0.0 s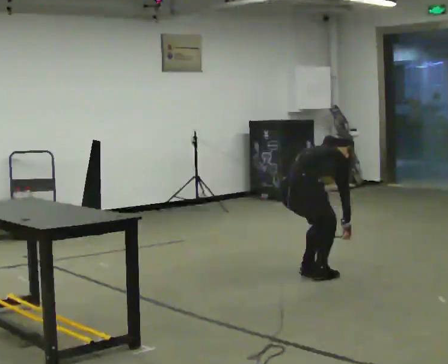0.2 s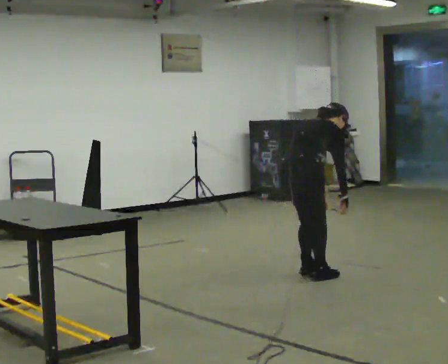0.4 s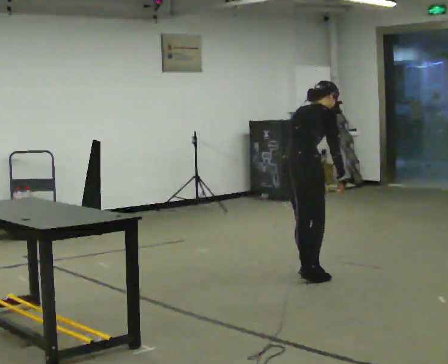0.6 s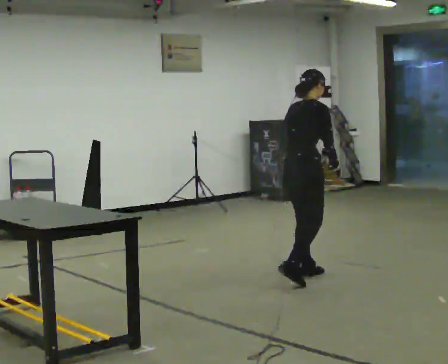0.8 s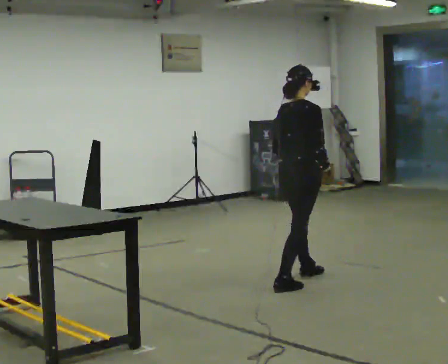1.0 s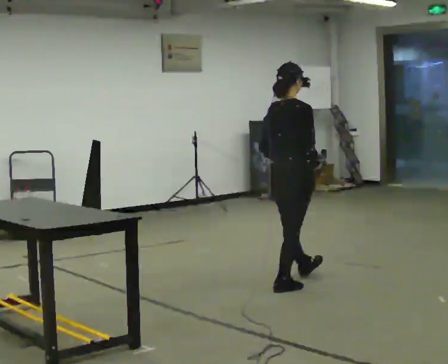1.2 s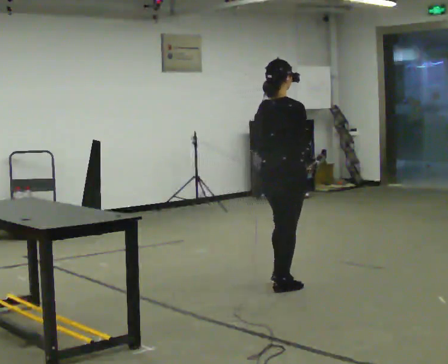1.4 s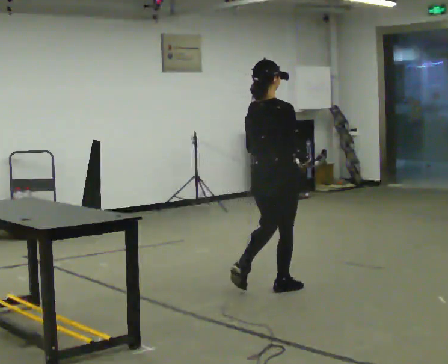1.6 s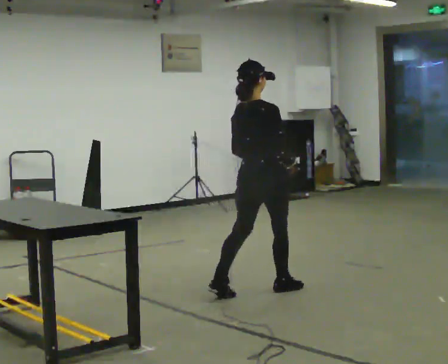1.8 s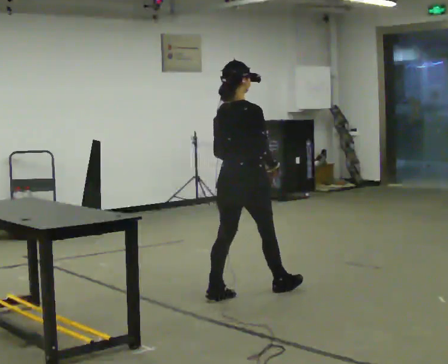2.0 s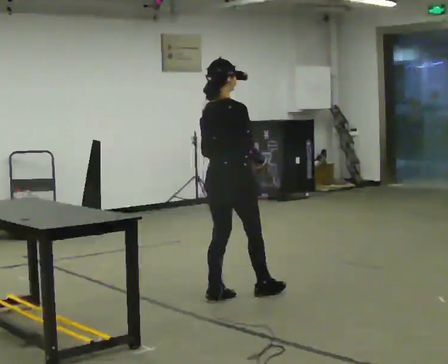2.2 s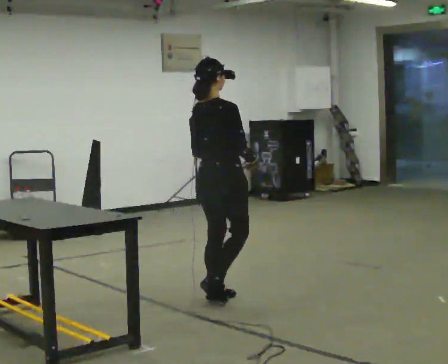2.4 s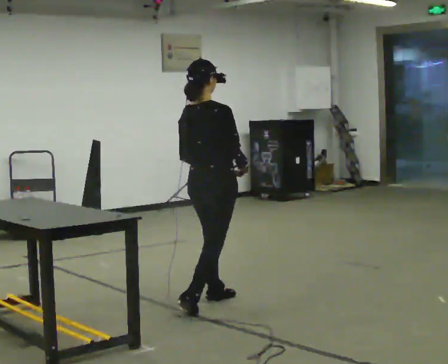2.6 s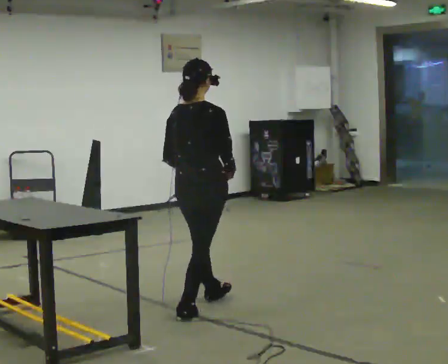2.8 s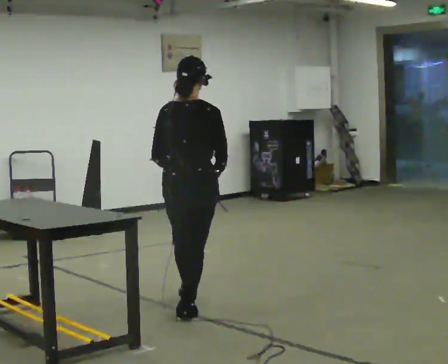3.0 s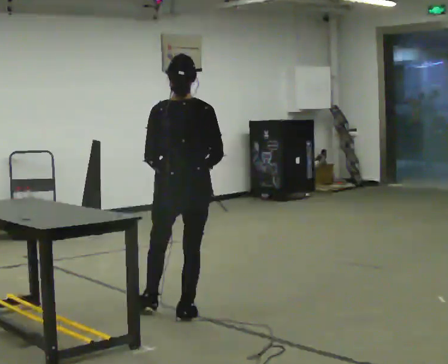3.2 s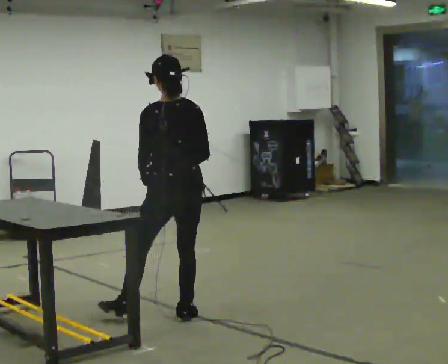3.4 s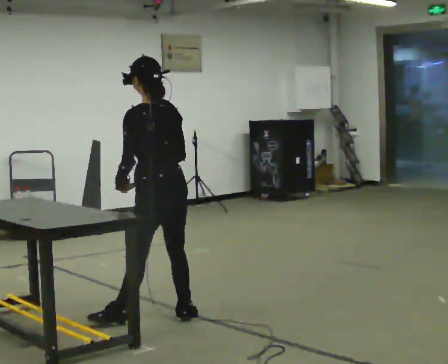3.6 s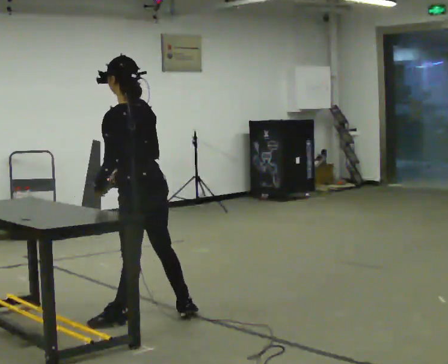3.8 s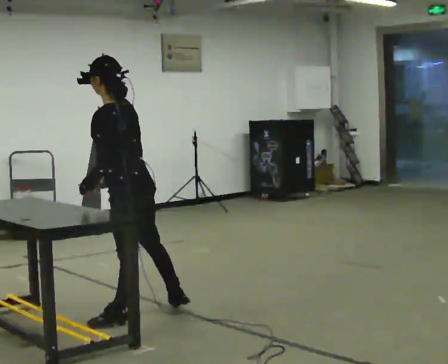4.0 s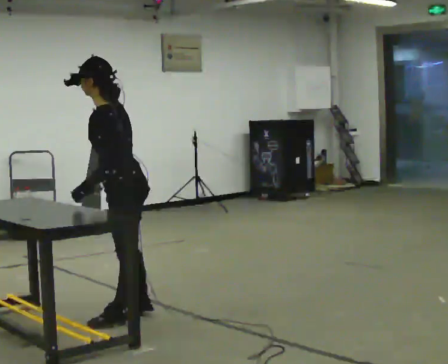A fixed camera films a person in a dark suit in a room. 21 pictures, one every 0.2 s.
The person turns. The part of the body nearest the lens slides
to the right.
The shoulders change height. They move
upward.
0.0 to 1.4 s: In the picture they go toward the camera and to the left, about 0.25 m in 2 steps, which for them is backward and to their right. The shoulders move upward. In the picture the upper body tilts counterclockwise, shoulders to the left, as they lean back or straighten. In the picture their left hand goes upward.
1.4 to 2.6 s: In the picture they go to the left and toward the camera, about 0.75 m in 1 step, which for them is backward.
2.6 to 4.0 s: The person turns about 105 degrees to their left, counterclockwise seen from above, so the part of the body nearest the lens slides to the right. In the picture they go to the left and toward the camera, about 0.5 m in 2 steps. In the picture the upper body tilts counterclockwise, shoulders to the left, as they bend forward.
The film runs backward here.
